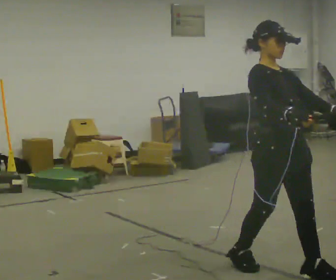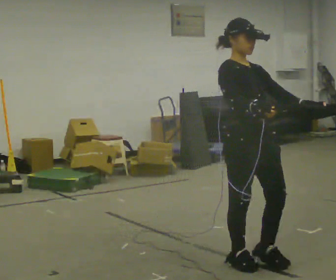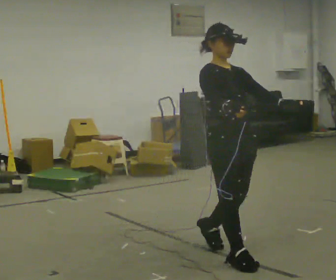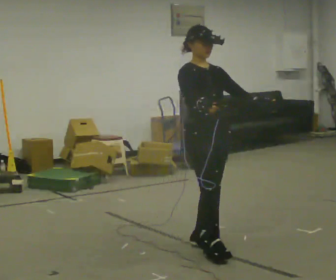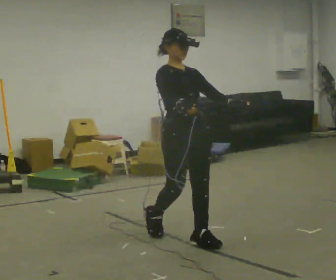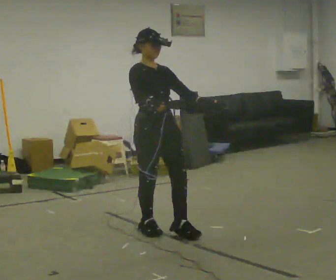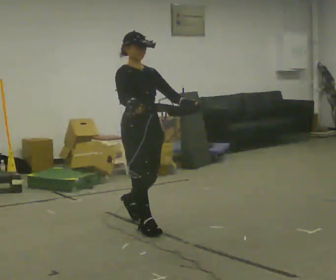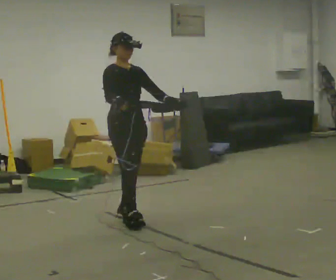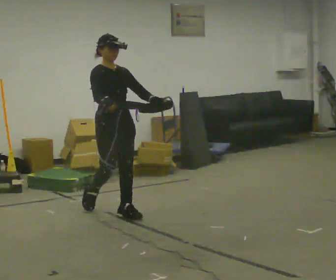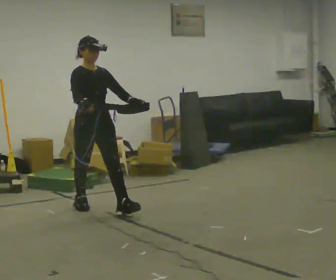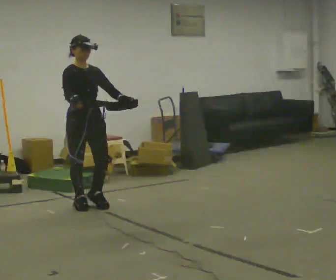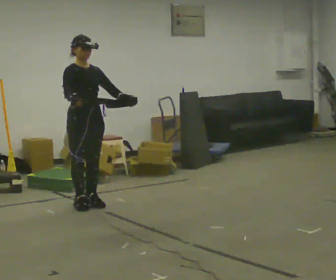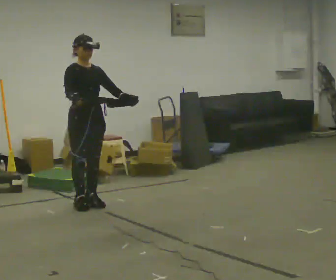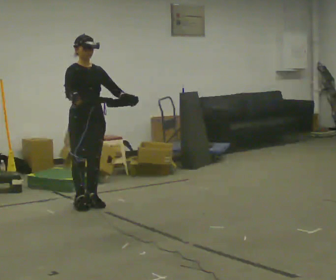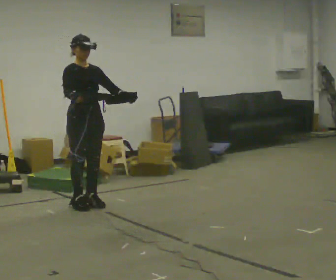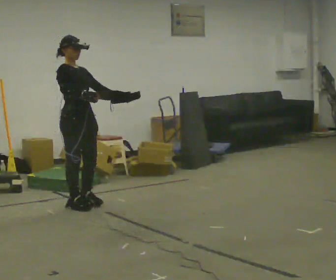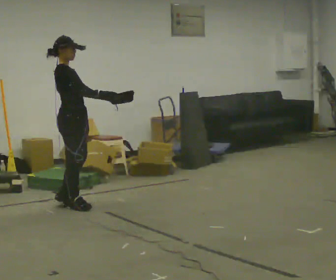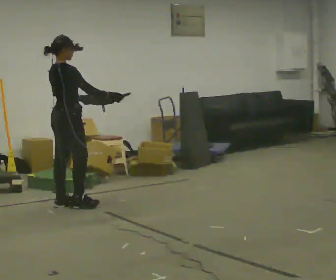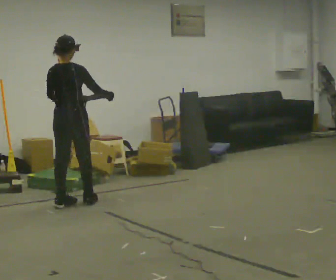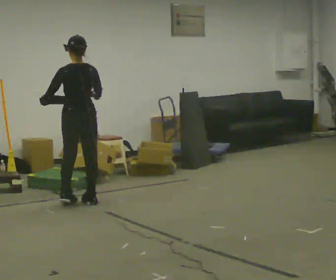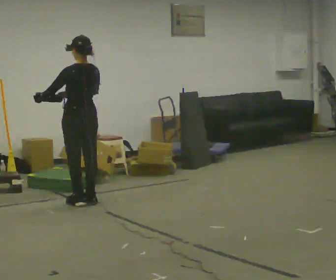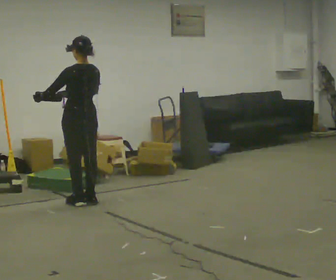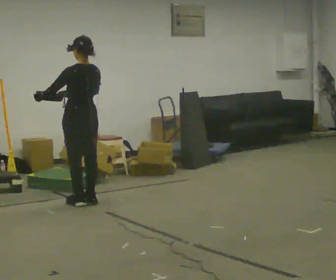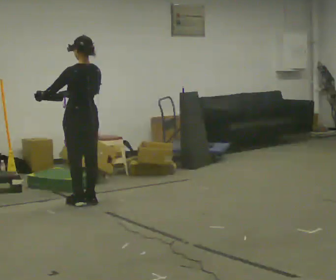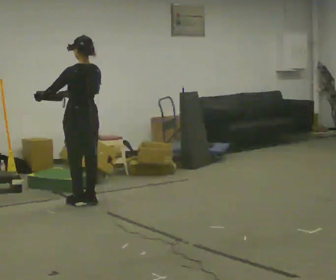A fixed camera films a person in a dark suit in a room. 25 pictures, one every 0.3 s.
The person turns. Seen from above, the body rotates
counterclockwise.
The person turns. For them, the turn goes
to their left.
0.0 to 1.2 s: In the picture they go away from the camera and to the left, about 1 m in 2 steps, which for them is backward.
1.2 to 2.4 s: In the picture they go away from the camera and to the left, about 1 m in 2 steps, which for them is backward.
2.4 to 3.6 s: In the picture they go away from the camera and to the left, about 0.5 m in 1 step, which for them is backward.
3.6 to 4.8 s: Seen from above the body turns counterclockwise, about 45 degrees: to their left, with its near side sliding to the right.
4.8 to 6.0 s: Seen from above the body turns counterclockwise, about 120 degrees: to their left, with its near side sliding to the right. In the picture they go away from the camera, about 0.25 m in 2 steps.
6.0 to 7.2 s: The person keeps their place and pose.
The film runs backward here.
